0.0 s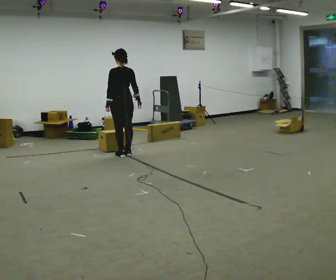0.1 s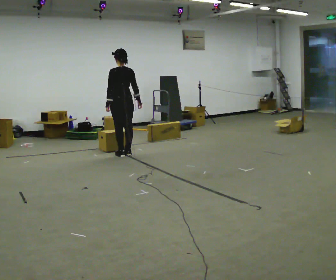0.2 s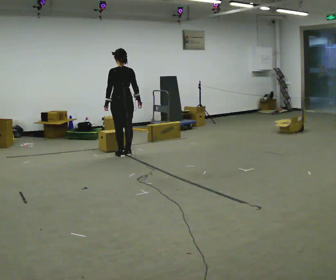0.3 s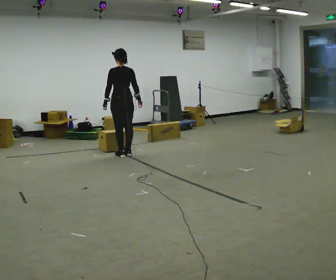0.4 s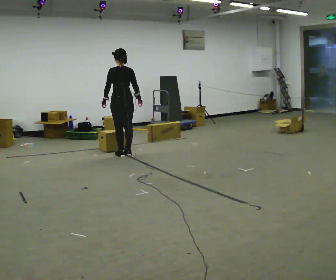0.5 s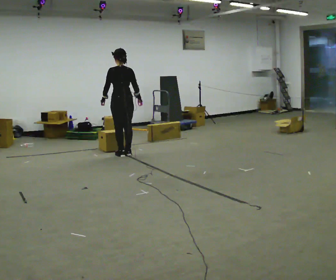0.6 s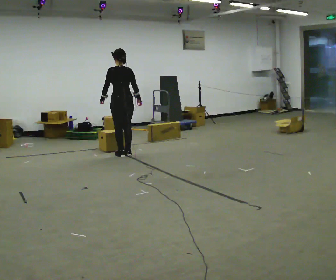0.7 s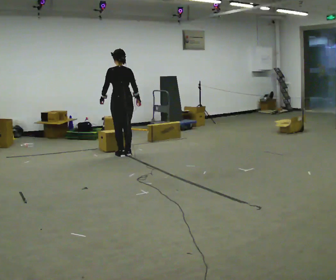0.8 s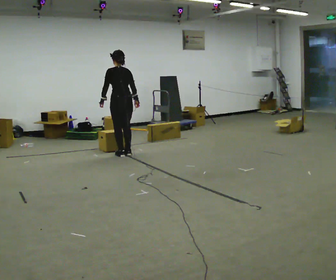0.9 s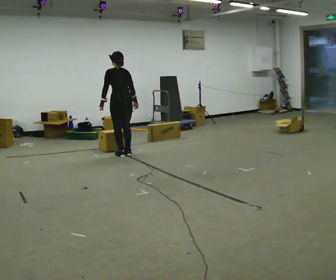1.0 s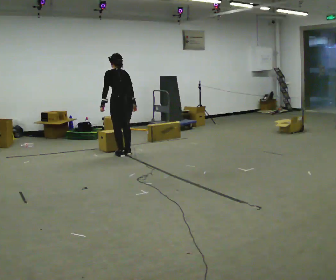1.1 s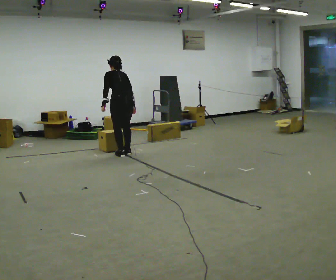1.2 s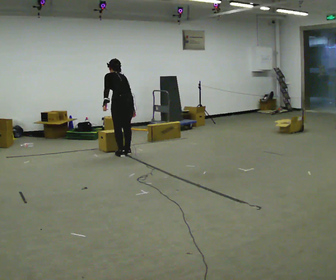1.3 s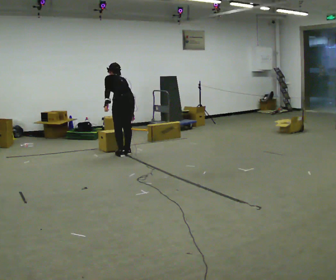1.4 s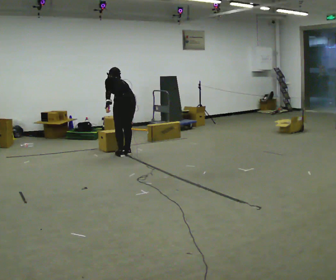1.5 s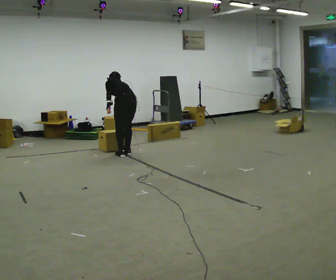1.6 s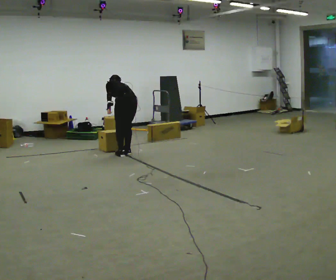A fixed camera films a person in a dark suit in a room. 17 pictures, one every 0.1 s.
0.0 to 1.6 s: The shoulders move downward. The upper body tips away from the camera, its near side rolling upward, as they bend forward.
The film runs backward here.
